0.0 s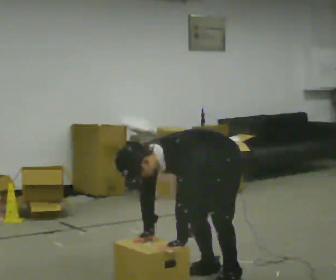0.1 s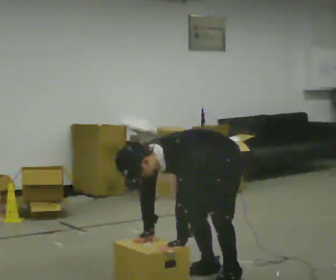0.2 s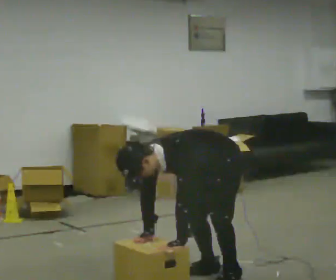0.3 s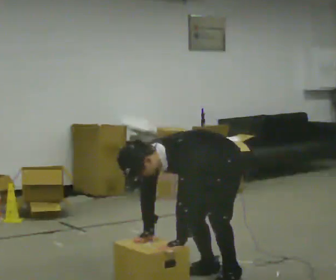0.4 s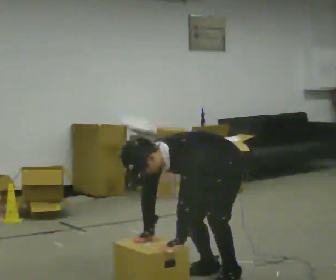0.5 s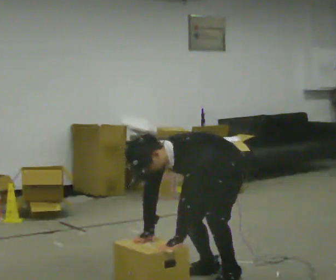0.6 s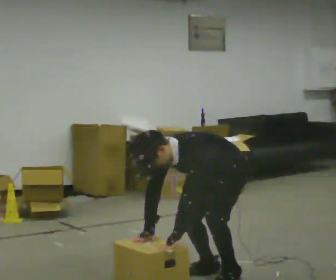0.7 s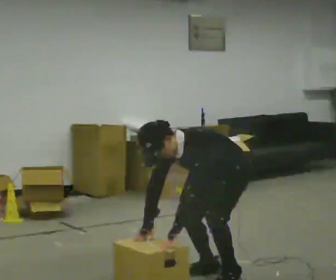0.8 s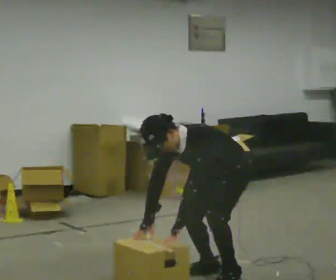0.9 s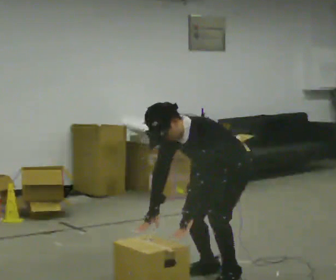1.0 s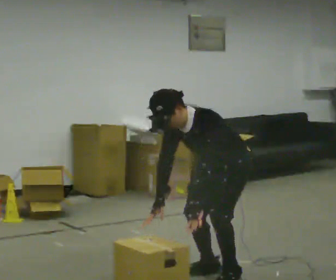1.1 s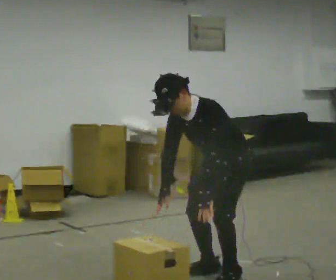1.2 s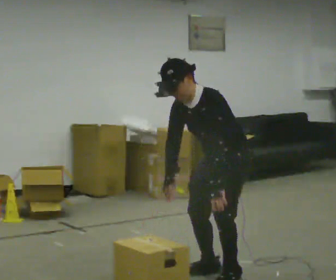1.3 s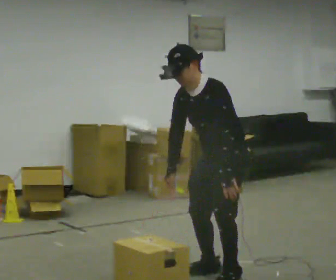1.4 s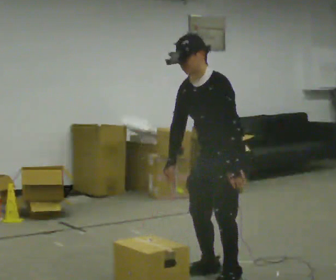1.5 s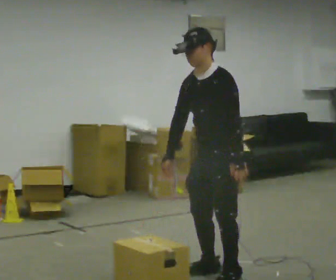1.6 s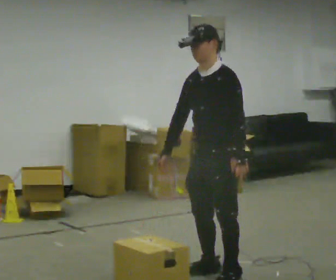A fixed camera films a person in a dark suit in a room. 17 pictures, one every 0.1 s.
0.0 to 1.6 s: The upper body goes upward. In the picture the upper body tilts clockwise, shoulders to the right, as they lean back or straighten. In the picture their left hand goes upward and to the right.
The film runs forward here.
